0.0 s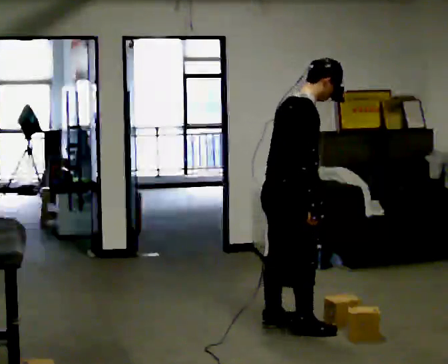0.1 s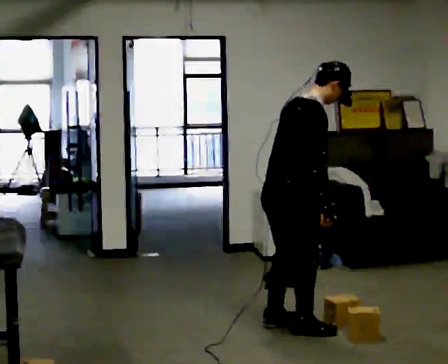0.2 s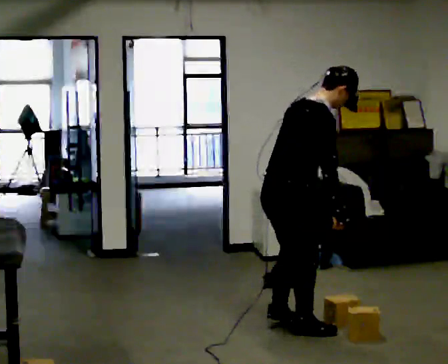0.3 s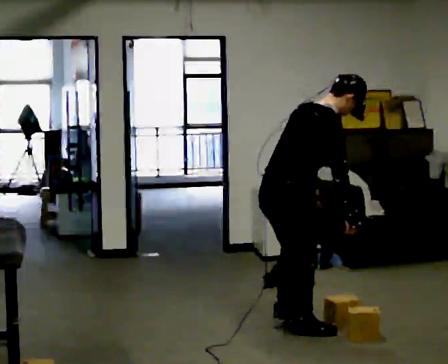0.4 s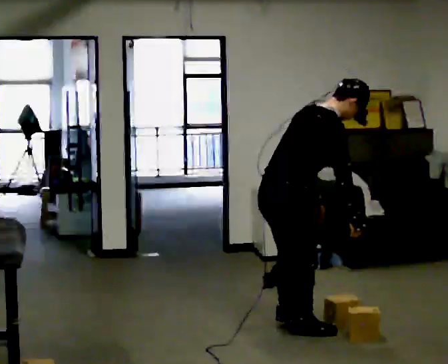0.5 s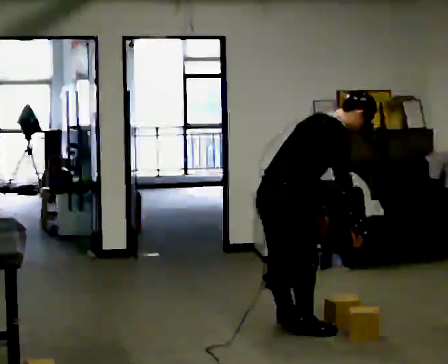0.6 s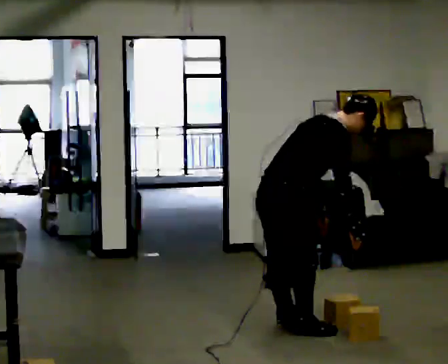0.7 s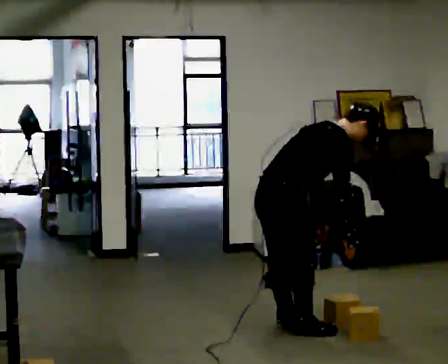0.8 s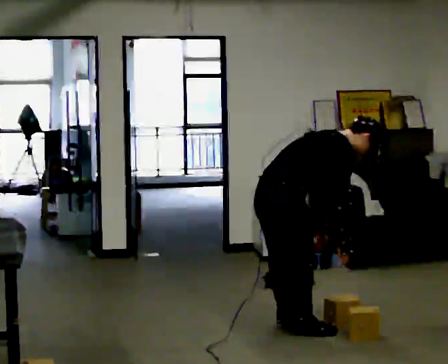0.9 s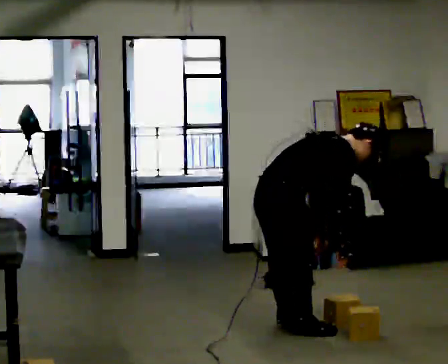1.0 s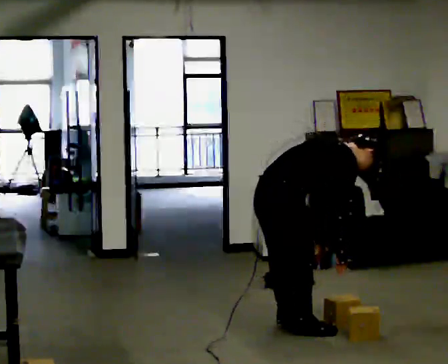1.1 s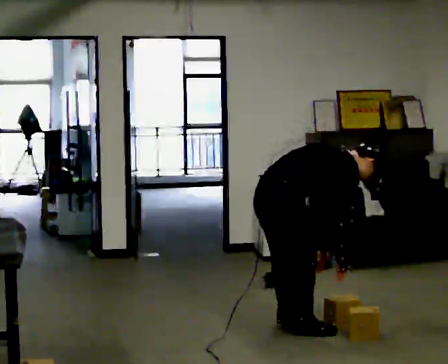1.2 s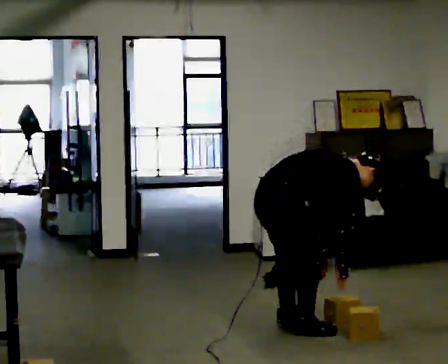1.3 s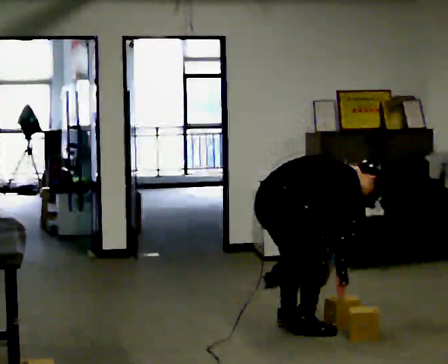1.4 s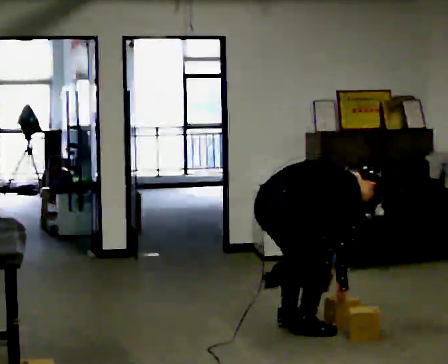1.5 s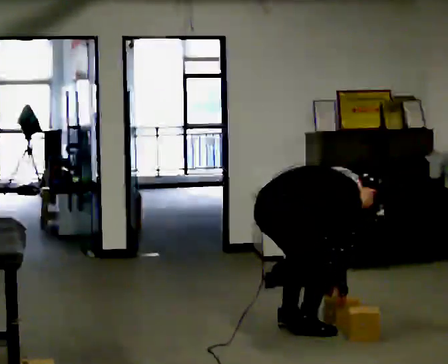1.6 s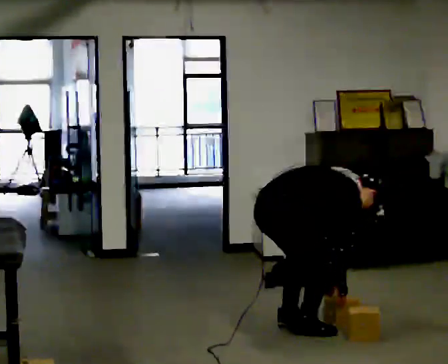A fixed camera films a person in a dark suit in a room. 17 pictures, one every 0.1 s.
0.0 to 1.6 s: The shoulders move downward. In the picture the upper body tilts clockwise, shoulders to the right, as they bend forward. In the picture their left hand goes downward.
The film runs forward here.
